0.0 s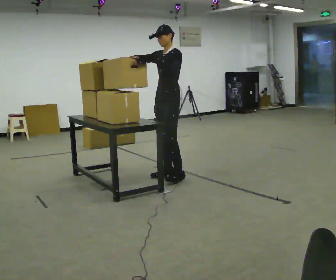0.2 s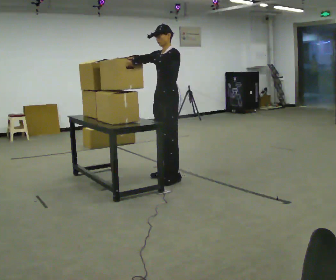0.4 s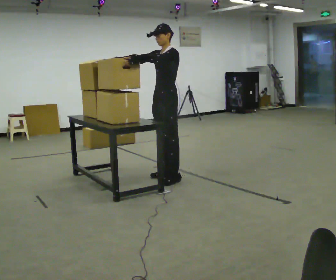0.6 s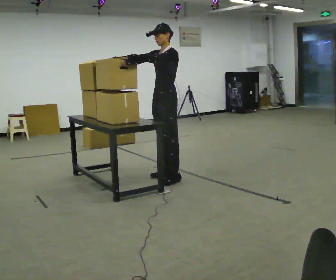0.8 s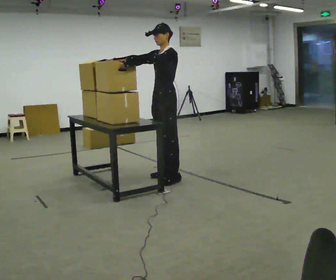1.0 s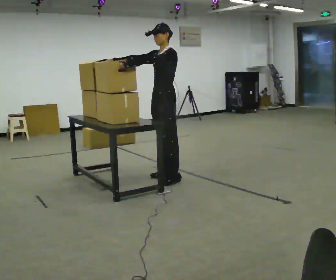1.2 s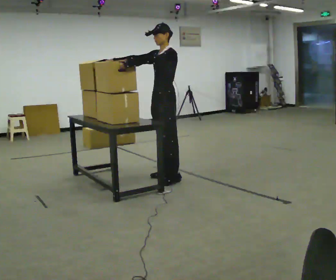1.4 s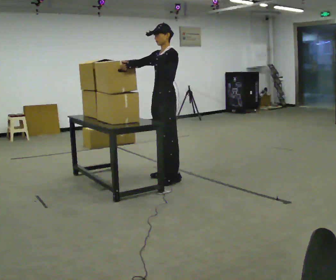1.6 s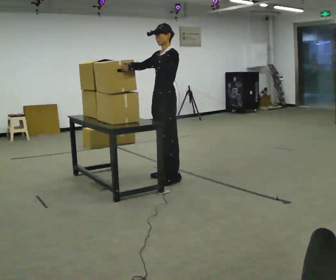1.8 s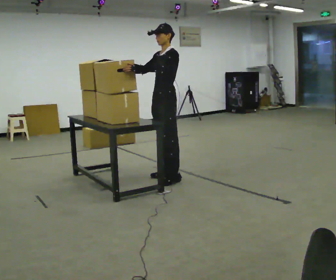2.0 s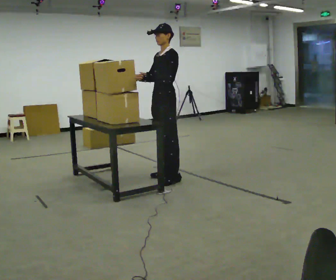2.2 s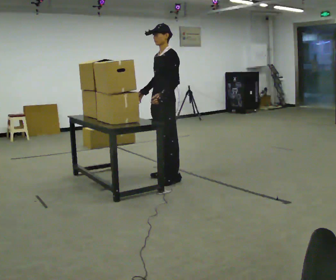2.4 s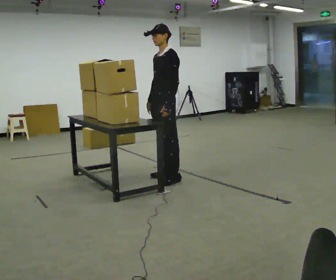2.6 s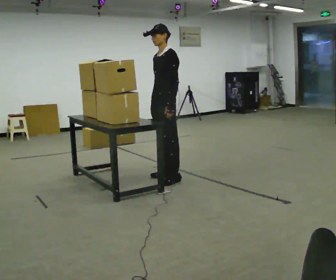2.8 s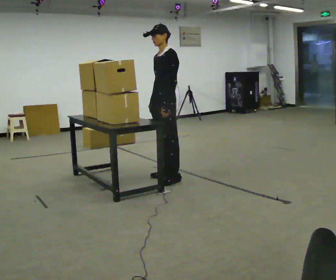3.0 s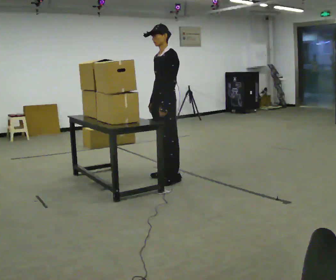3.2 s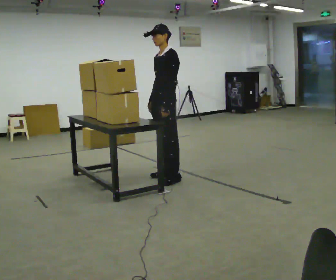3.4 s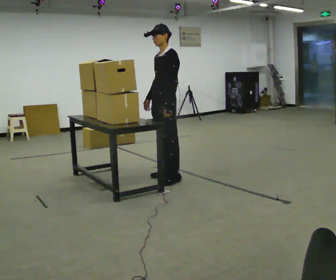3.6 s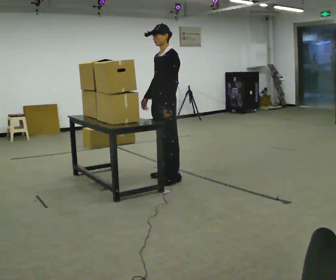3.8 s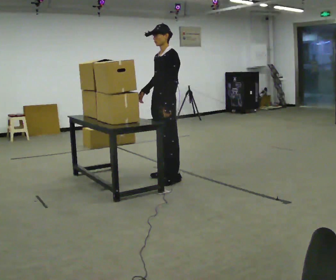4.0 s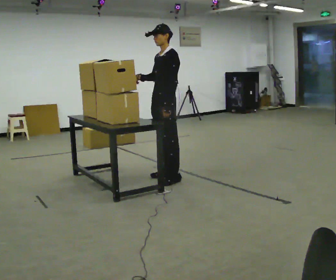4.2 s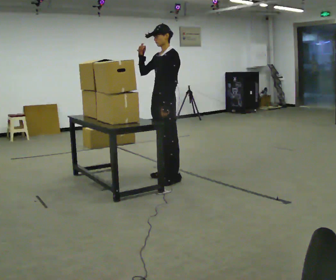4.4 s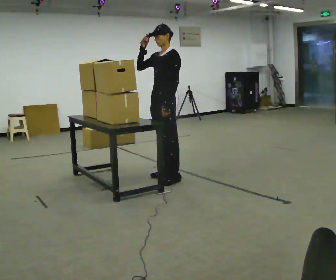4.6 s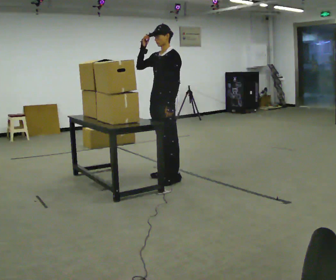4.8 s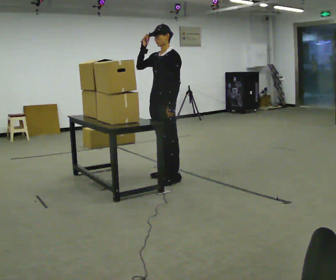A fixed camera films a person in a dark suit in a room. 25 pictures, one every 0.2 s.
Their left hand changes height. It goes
downward.
0.0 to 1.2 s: The person moves a little, or ends about where they began.
1.2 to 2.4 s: In the picture their right hand goes downward and to the right, the arm swinging counterclockwise.
2.4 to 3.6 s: The person moves a little, or ends about where they began.
3.6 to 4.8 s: In the picture their right hand goes upward.
The film runs forward here.
